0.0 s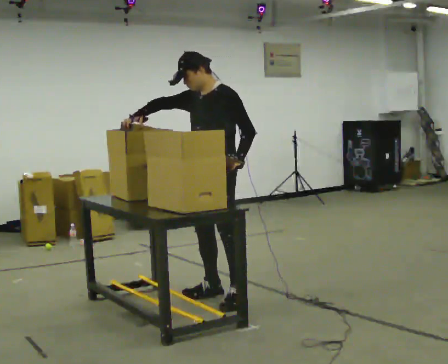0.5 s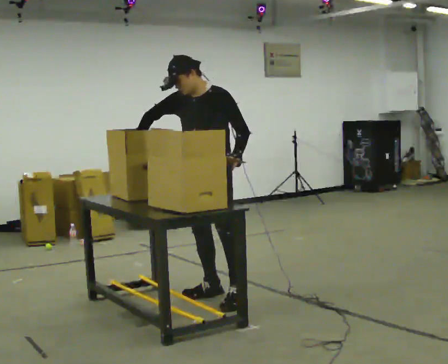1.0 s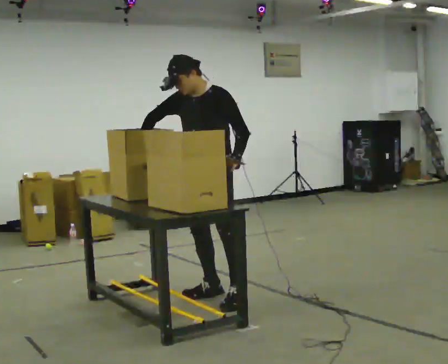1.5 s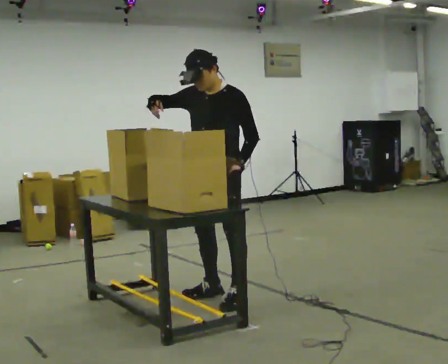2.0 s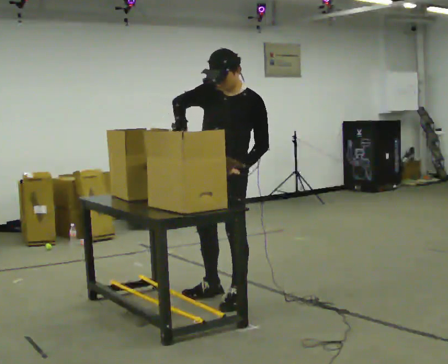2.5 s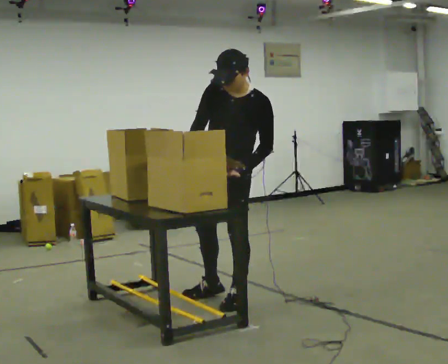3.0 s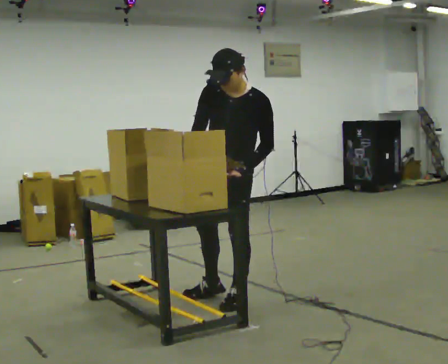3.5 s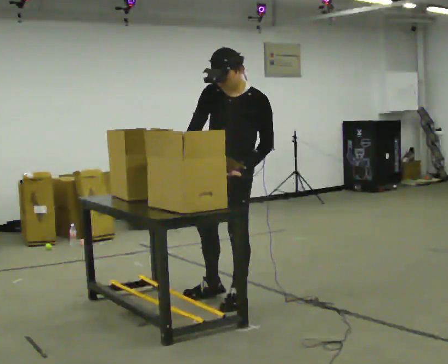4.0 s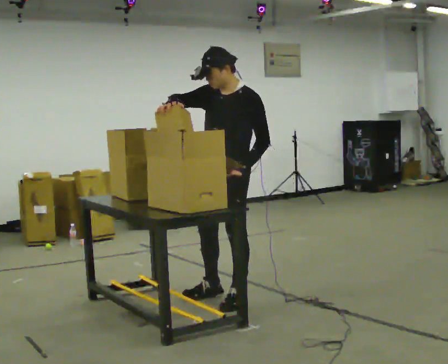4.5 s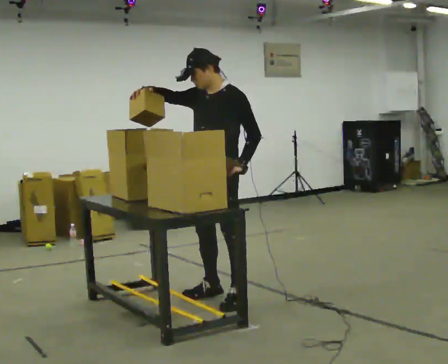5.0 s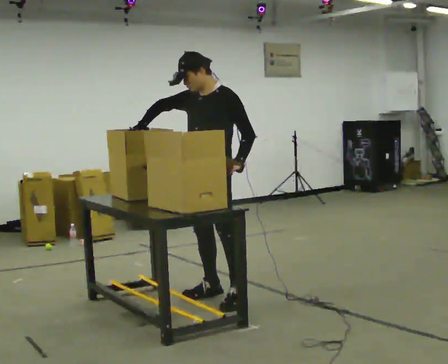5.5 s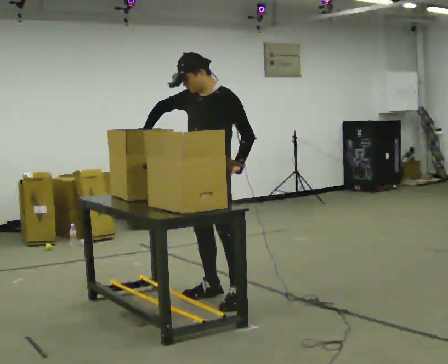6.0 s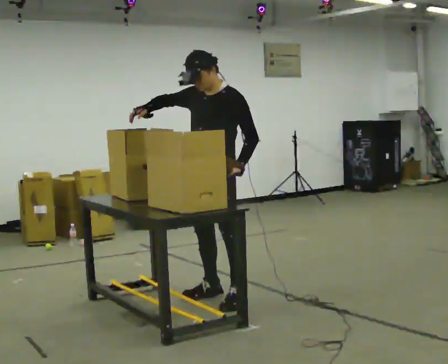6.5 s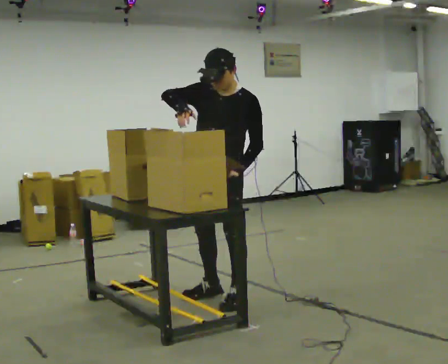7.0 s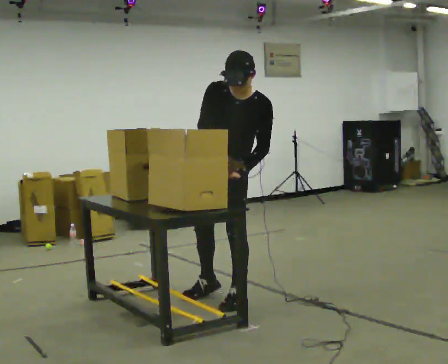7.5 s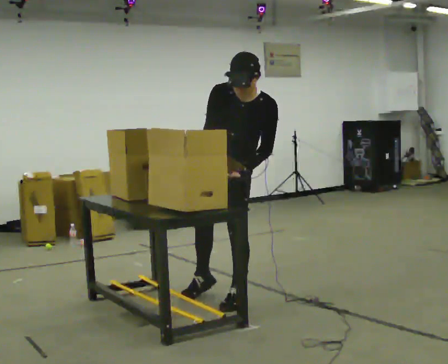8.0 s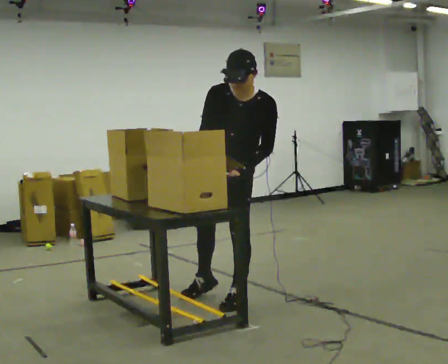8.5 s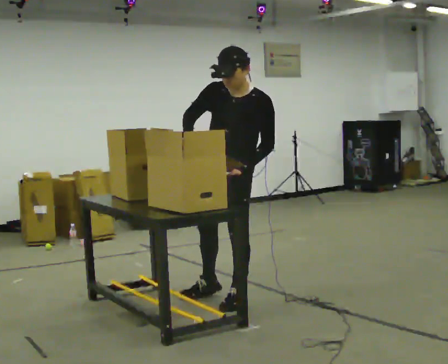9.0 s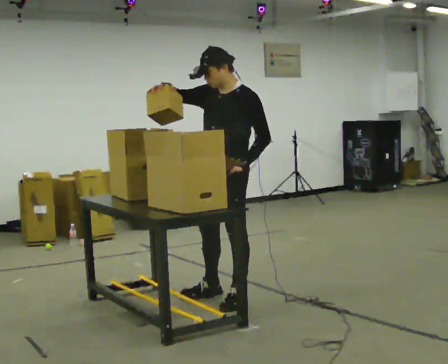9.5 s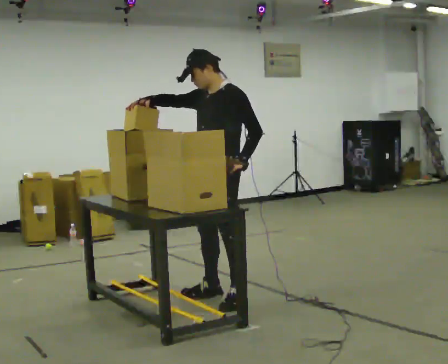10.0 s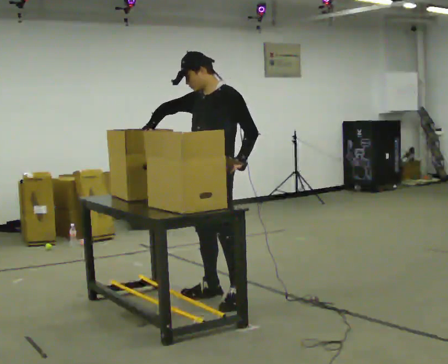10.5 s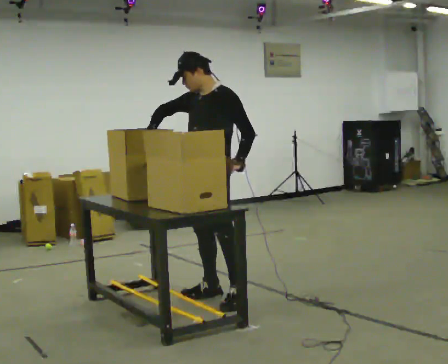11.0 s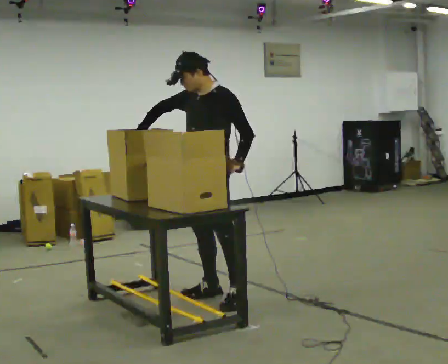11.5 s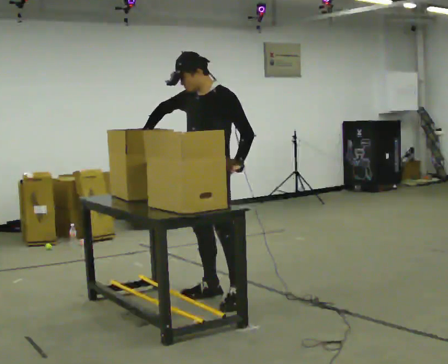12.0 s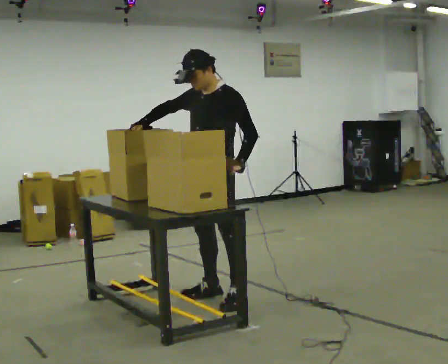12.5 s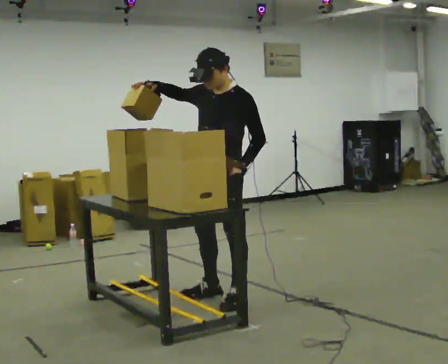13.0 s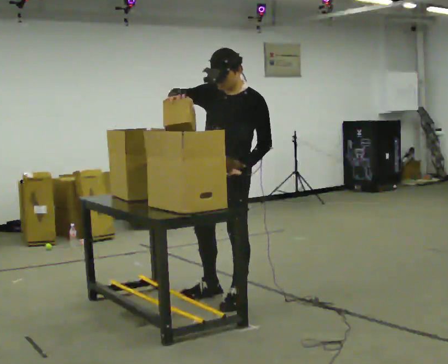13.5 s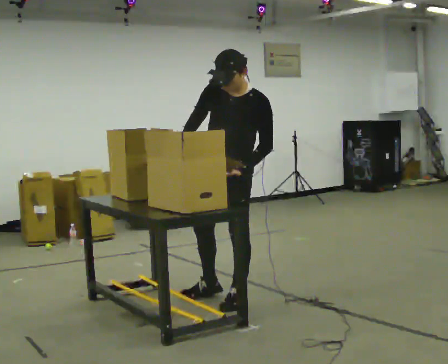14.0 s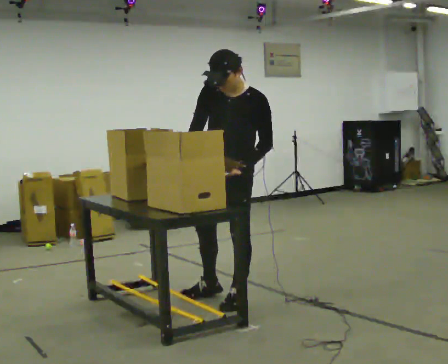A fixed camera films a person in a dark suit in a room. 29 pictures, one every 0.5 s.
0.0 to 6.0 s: The person moves a little, or ends about where they began.
6.0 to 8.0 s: The upper body tips toward the camera, its near side rolling downward, as they bend forward. In the picture their right hand goes to the right and downward.
8.0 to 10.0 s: The part of the body nearest the lens slides to the left as the person turns to their right by about 30 degrees. The upper body tips away from the camera, its near side rolling upward, as they lean back or straighten. In the picture their right hand goes to the left.
10.0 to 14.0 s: The person moves a little, or ends about where they began.
The film runs forward here.
